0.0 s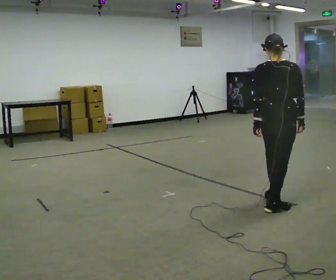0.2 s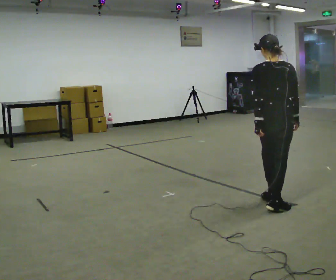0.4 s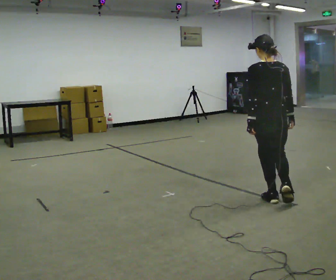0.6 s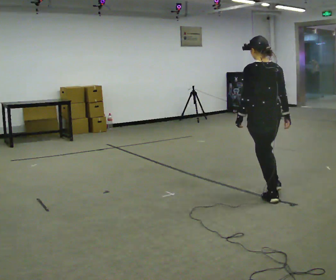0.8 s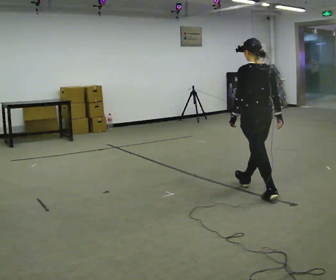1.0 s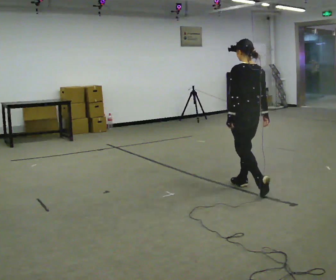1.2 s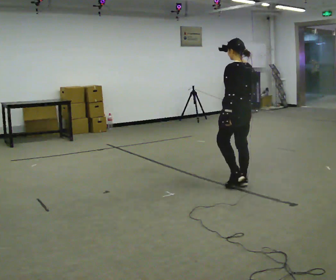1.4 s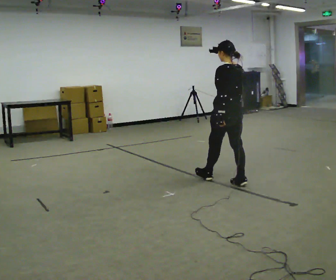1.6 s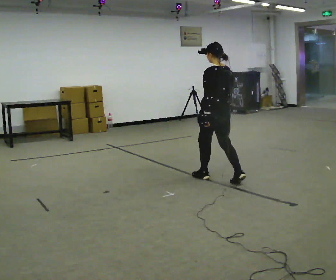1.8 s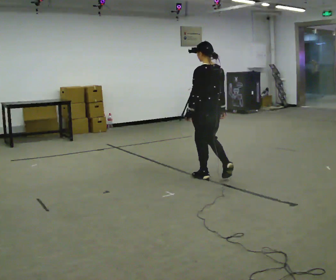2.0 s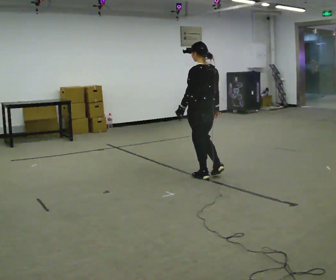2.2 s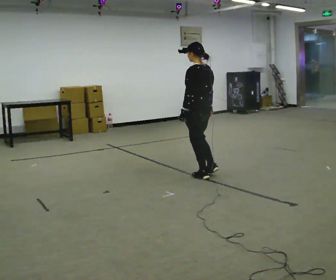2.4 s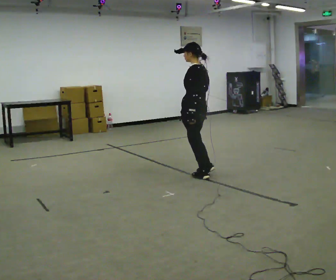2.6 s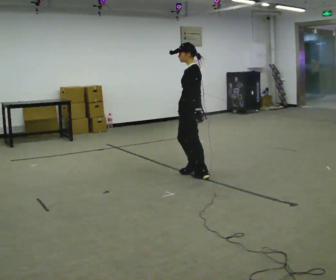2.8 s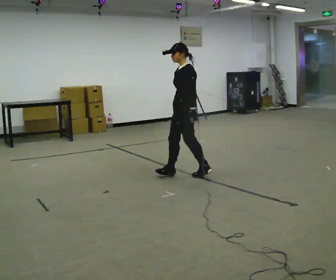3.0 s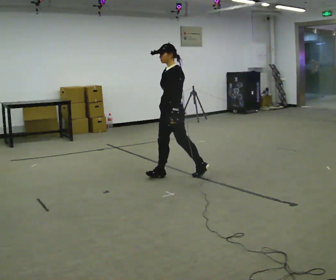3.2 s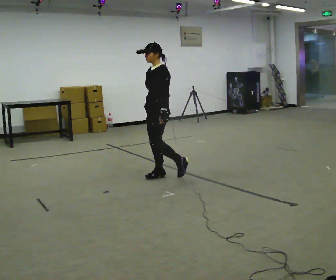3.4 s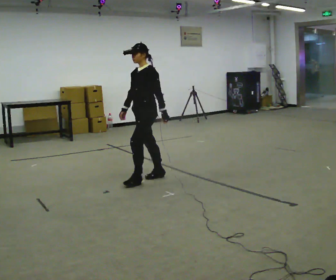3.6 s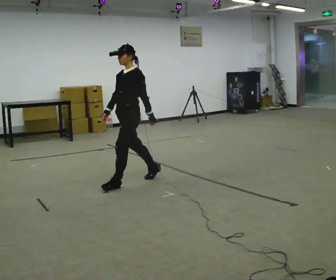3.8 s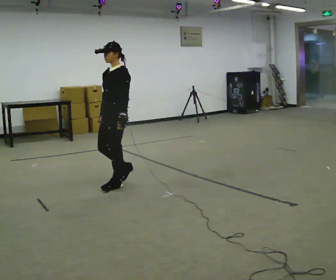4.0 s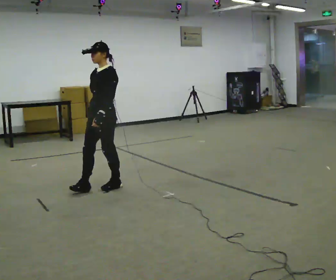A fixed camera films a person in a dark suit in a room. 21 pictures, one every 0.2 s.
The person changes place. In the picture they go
to the left.
The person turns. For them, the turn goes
to their left.
0.0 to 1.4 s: The part of the body nearest the lens slides to the right as the person turns to their left by about 60 degrees. In the picture they go away from the camera and to the left, about 1 m in 1 step, which for them is forward.
1.4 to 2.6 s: Seen from above the body turns counterclockwise, about 60 degrees: to their left, with its near side sliding to the right. In the picture they go to the left and away from the camera, about 0.5 m in 1 step.
2.6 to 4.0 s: The part of the body nearest the lens slides to the right as the person turns to their left by about 30 degrees. In the picture they go to the left and toward the camera, about 1 m in 2 steps, which for them is forward.
The film runs forward here.
